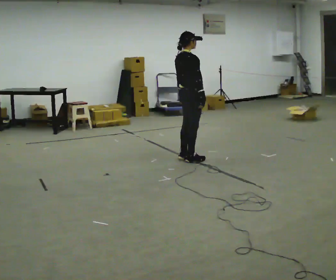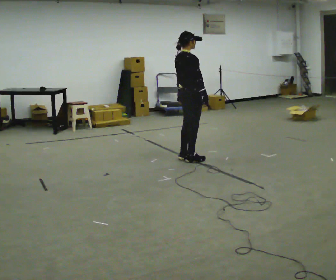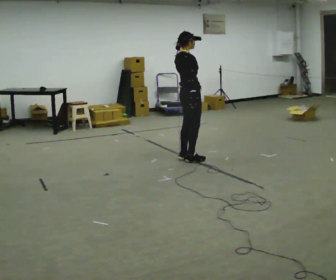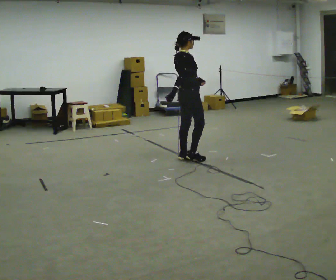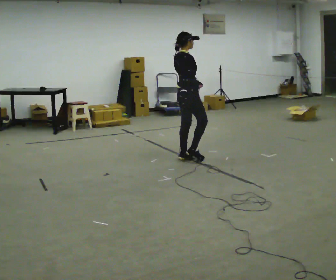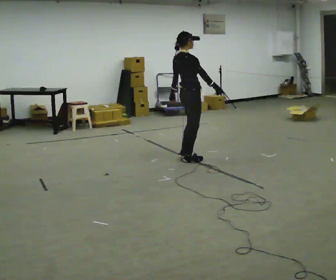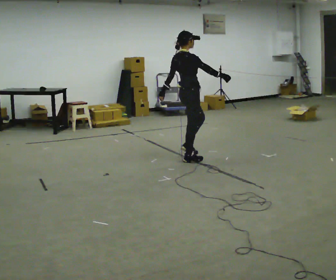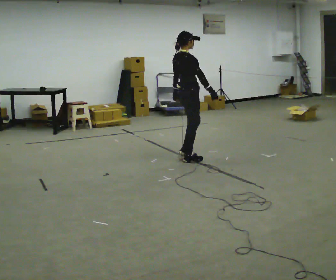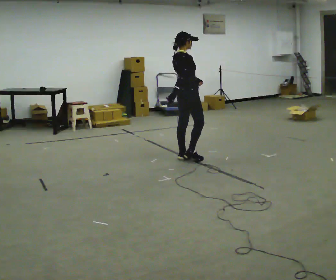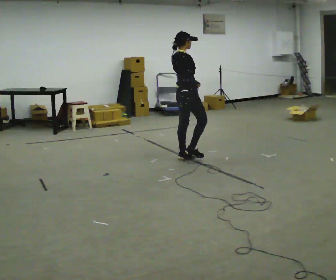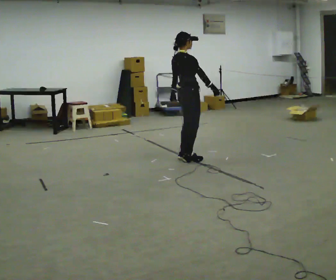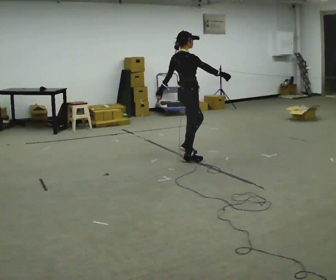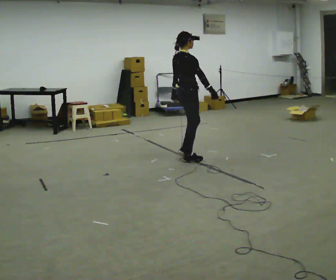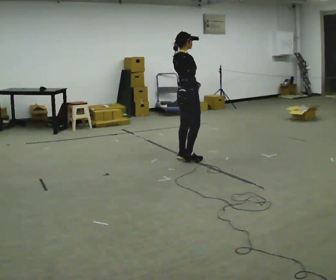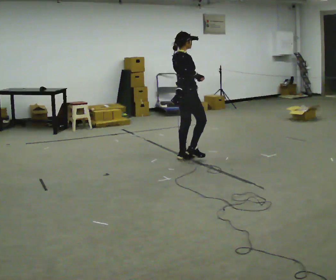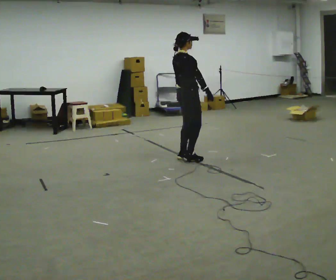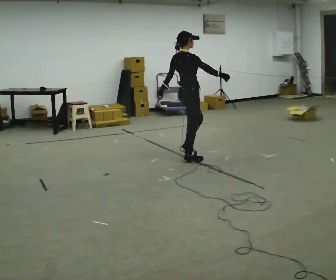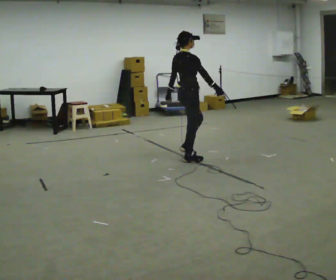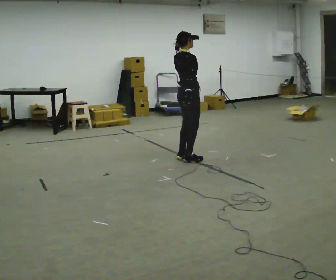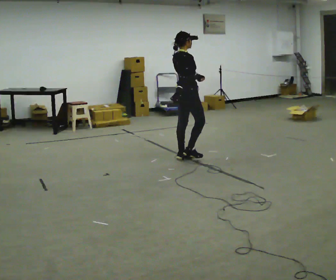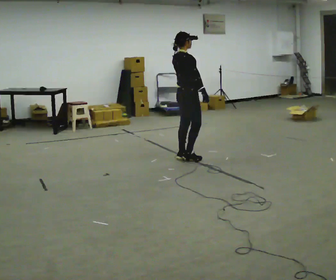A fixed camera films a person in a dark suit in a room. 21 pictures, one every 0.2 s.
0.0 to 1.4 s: The person moves a little, or ends about where they began.
1.4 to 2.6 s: In the picture their right hand goes to the left.
2.6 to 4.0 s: The person moves a little, or ends about where they began.
The film runs backward here.
